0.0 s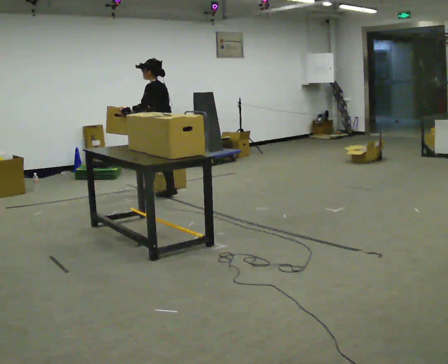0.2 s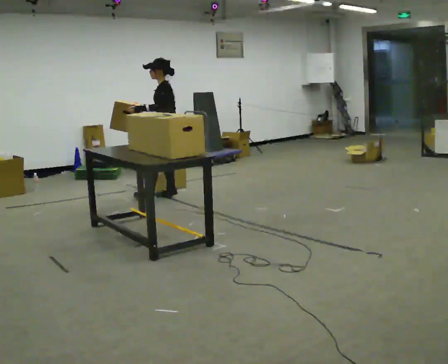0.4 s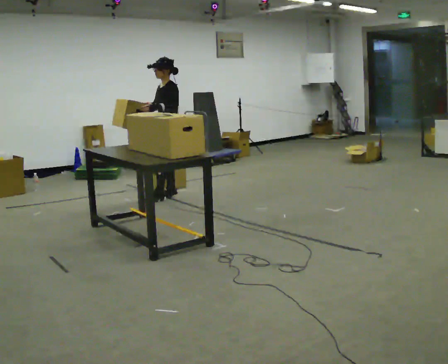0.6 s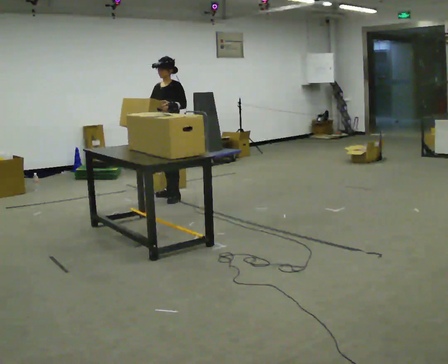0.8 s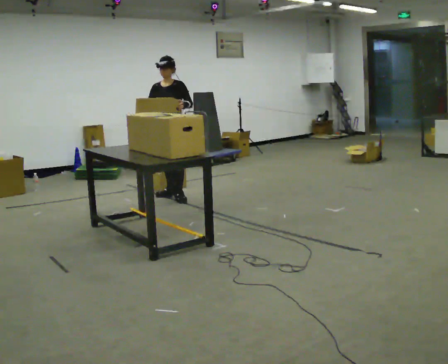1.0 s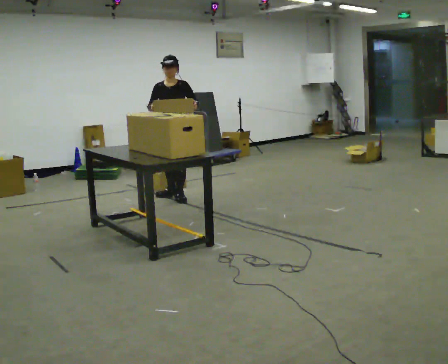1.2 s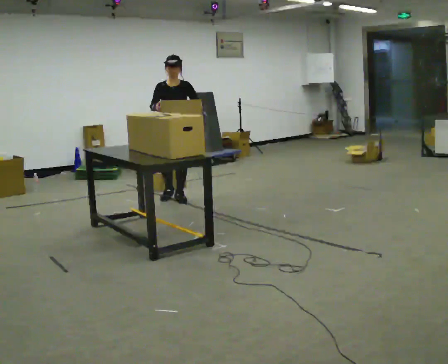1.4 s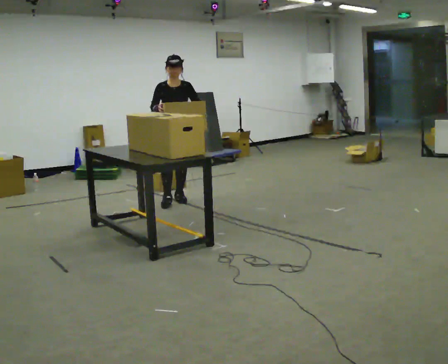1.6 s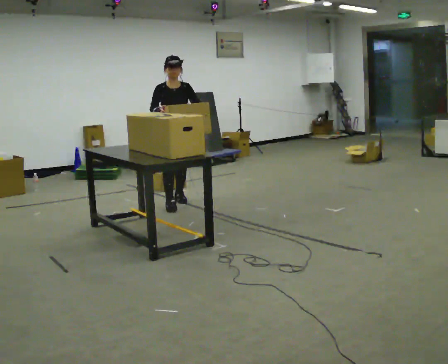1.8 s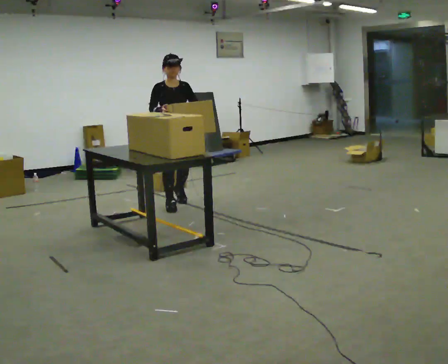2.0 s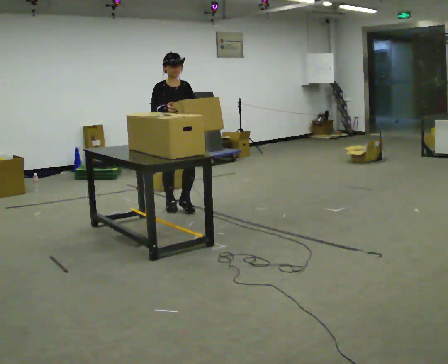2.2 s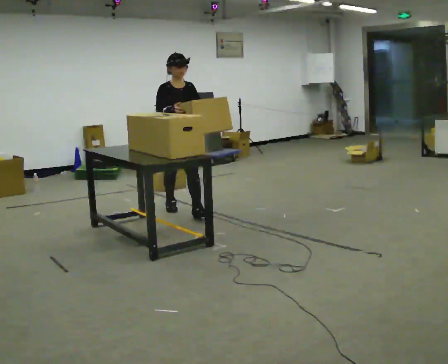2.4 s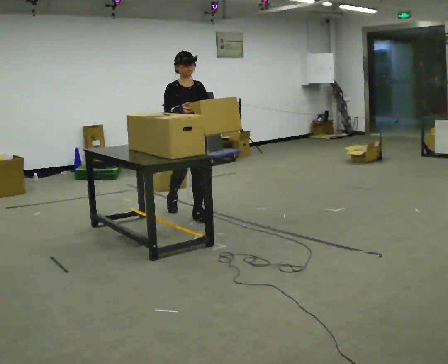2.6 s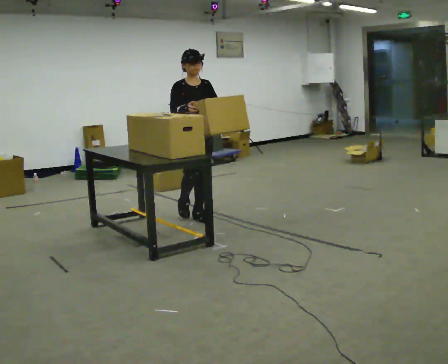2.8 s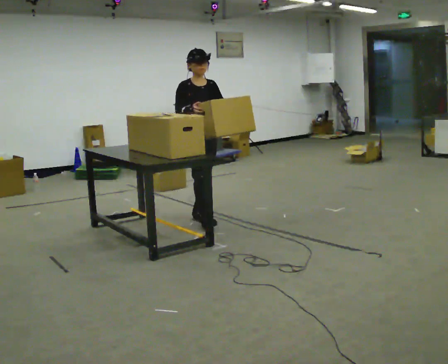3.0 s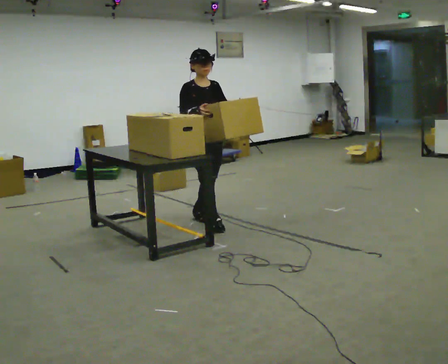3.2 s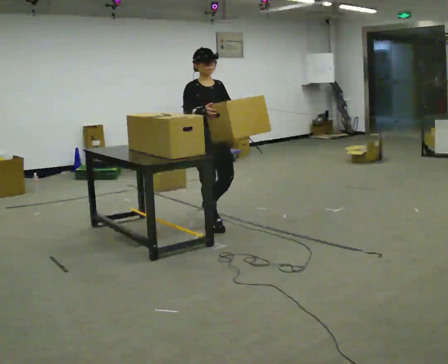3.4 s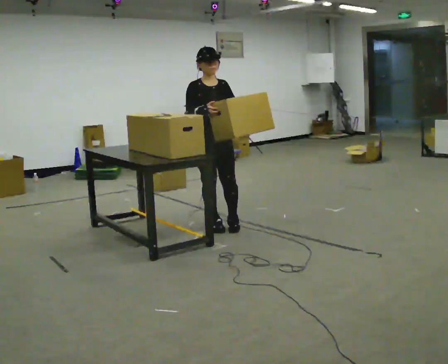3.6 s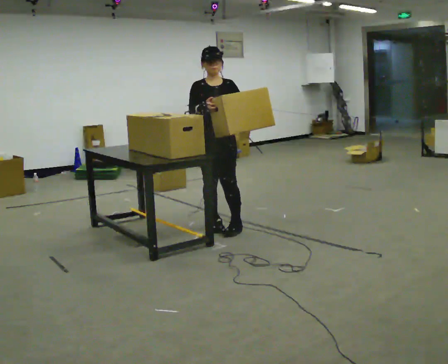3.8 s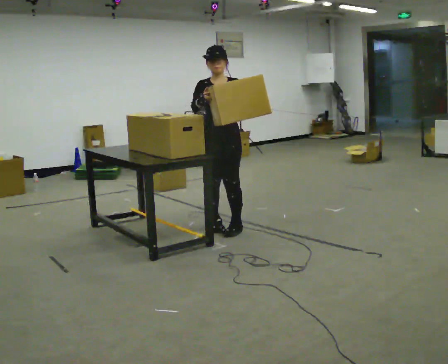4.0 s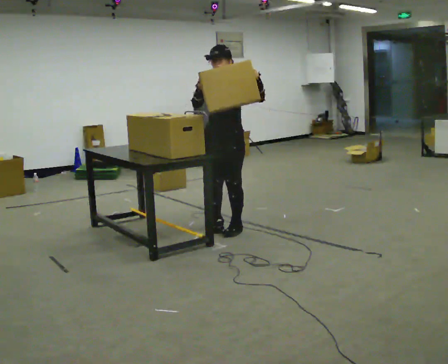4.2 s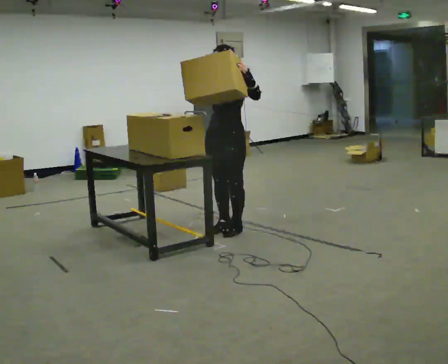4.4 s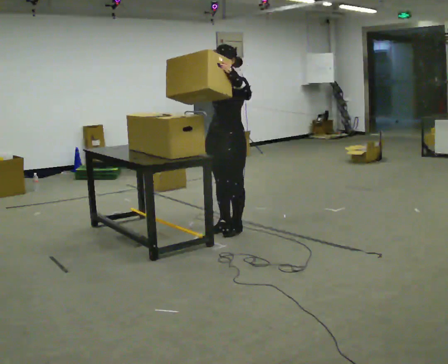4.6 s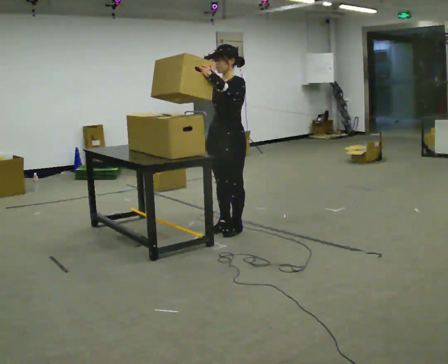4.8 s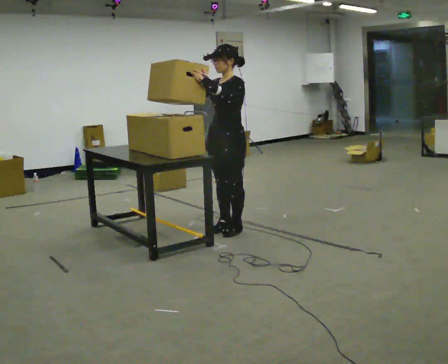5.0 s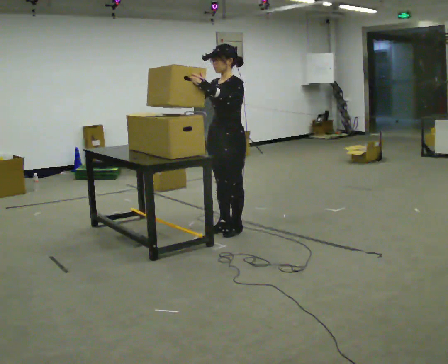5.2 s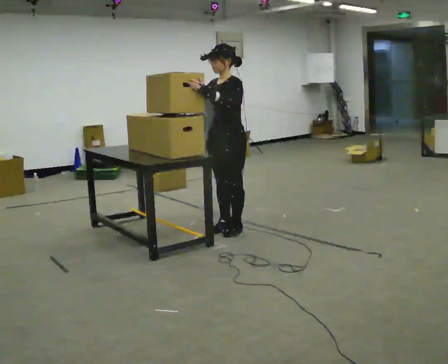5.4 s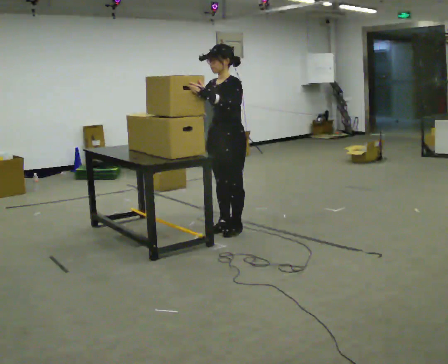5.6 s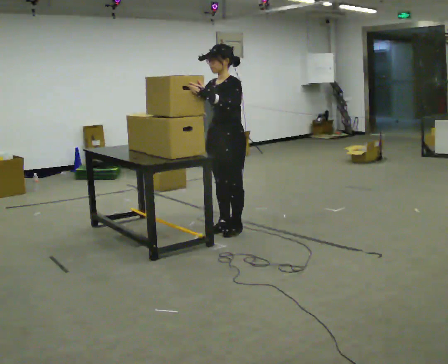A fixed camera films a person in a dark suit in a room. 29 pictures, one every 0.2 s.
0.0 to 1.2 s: Seen from above the body turns counterclockwise, about 105 degrees: to their left, with its near side sliding to the right. In the picture their left hand goes to the right.
1.2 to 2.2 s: The person turns about 30 degrees to their left, counterclockwise seen from above, so the part of the body nearest the lens slides to the right. In the picture they go toward the camera, about 0.5 m in 1 step, which for them is forward.
2.2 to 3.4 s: In the picture they go toward the camera and to the right, about 0.75 m in 2 steps, which for them is forward.
3.4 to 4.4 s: The part of the body nearest the lens slides to the left as the person turns to their right by about 75 degrees. In the picture they go to the right, about 0.25 m in 1 step.
4.4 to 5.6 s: The person moves a little, or ends about where they began.
The film runs forward here.
